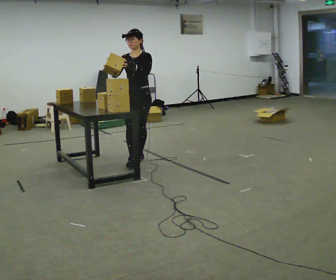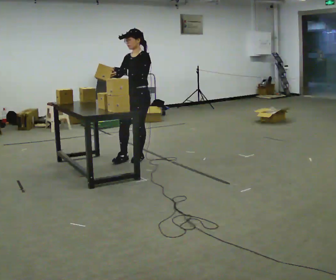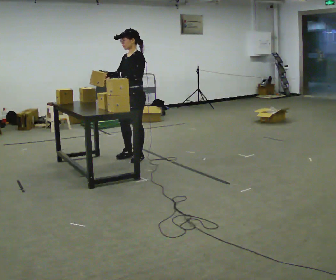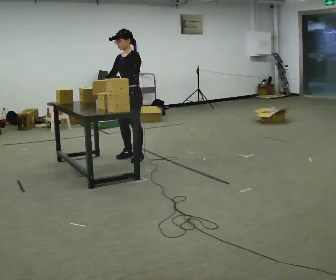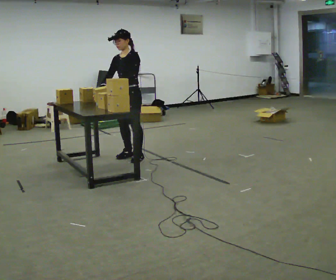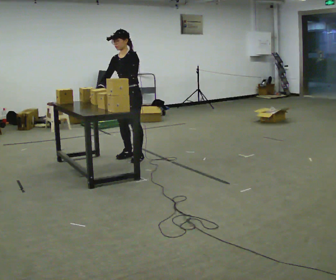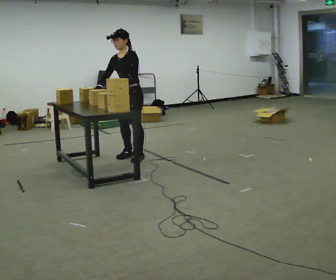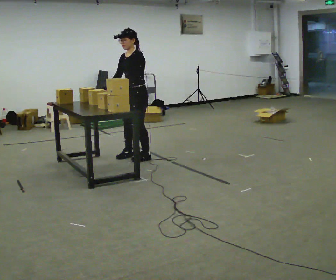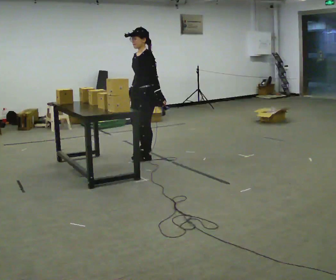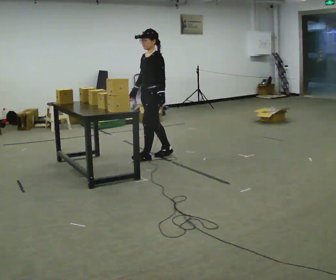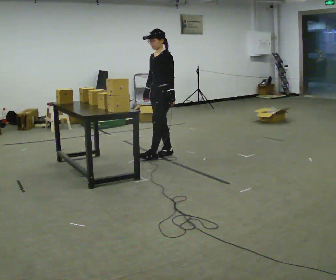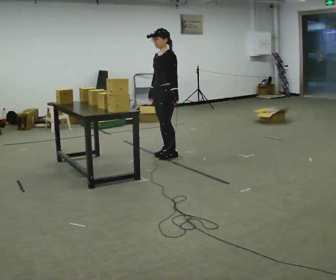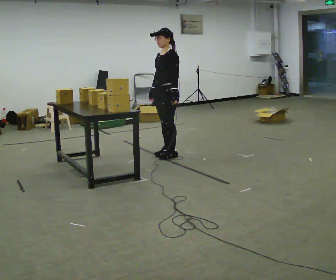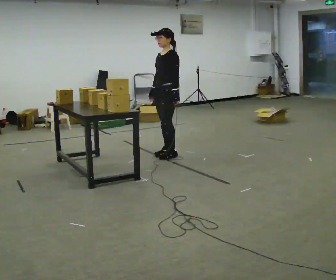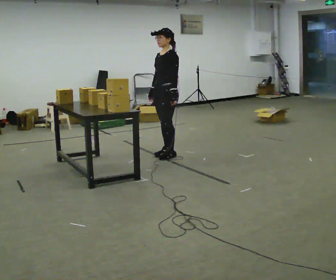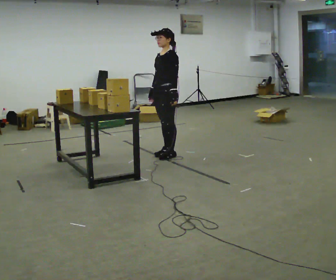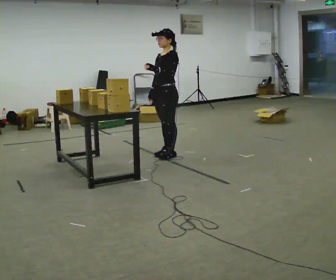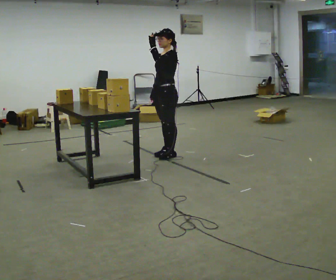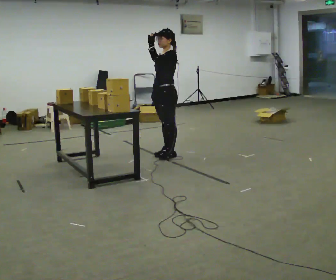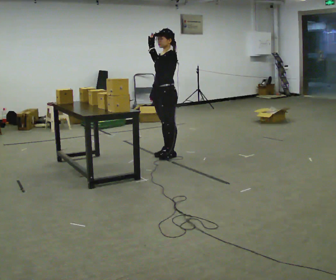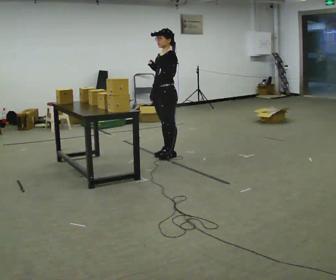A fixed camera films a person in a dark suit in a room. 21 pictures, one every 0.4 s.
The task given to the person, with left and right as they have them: Hold the box, turn it so you can read the label, and read it out loud. Then swap to the next box. Repeat at your own pace until the operator says stop. Keep both feet on the marked spots for the whole take. If you have to step, stop and tell the operator.
0.0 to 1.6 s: The person moves a little, or ends about where they began.
1.6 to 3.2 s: The part of the body nearest the lens slides to the left as the person turns to their right by about 30 degrees. In the picture they go to the right, about 0.25 m, which for them is to their left. In the picture their right hand goes to the right.
3.2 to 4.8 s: In the picture they go to the right, about 0.25 m in 2 steps, which for them is backward.
4.8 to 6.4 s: In the picture their left hand goes upward.
6.4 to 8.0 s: The person moves a little, or ends about where they began.
The film runs forward here.
